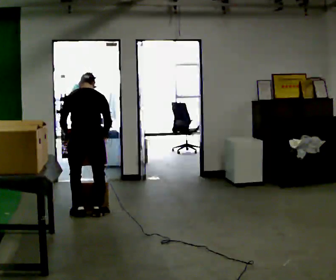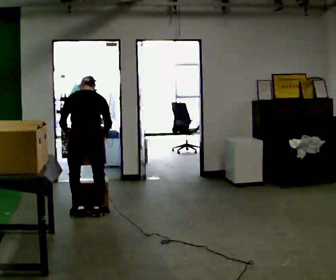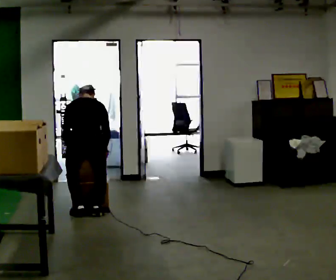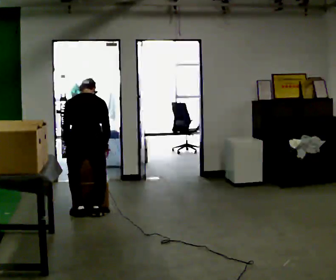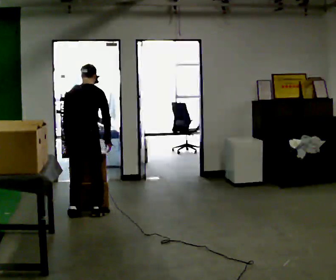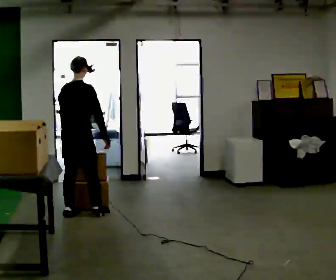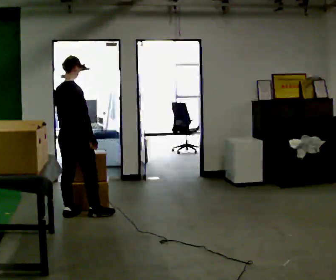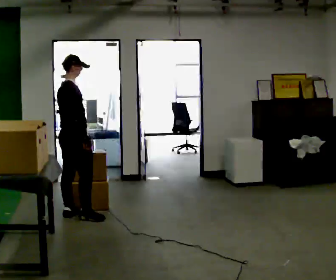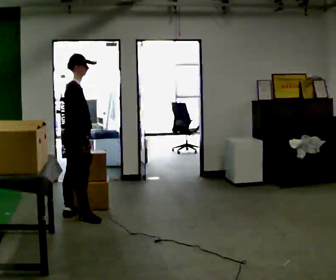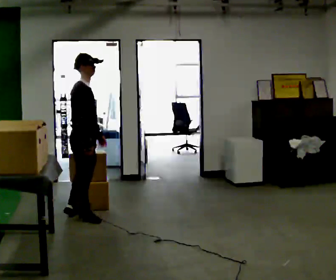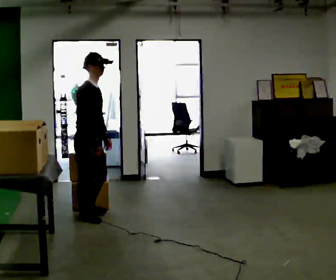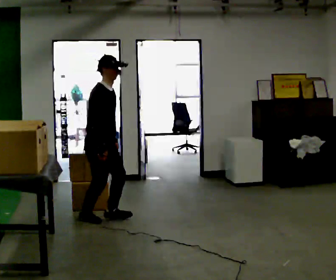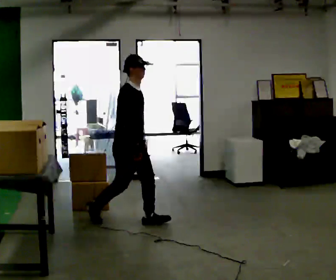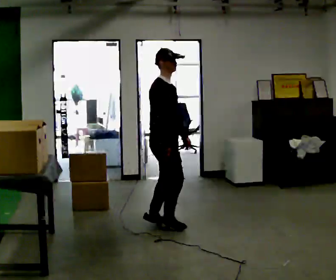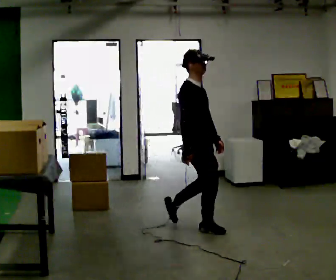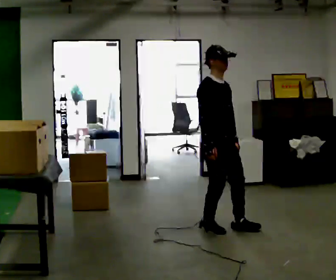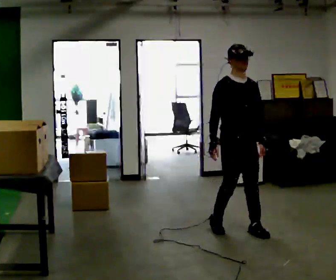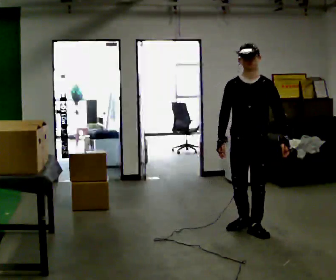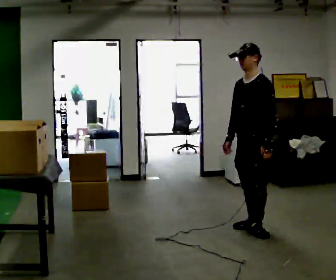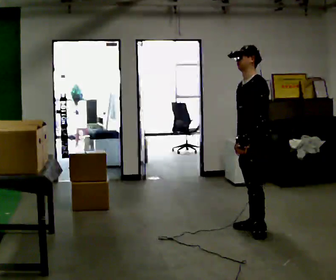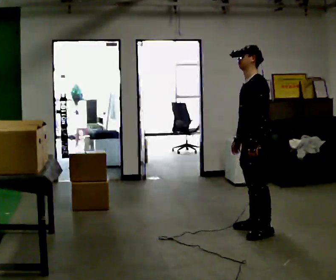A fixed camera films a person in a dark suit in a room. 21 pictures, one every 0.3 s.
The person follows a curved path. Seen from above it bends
counterclockwise.
The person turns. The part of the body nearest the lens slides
to the left.
0.0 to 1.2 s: The person moves a little, or ends about where they began.
1.2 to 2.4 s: Seen from above the body turns clockwise, about 60 degrees: to their right, with its near side sliding to the left. The upper body tips toward the camera, its near side rolling downward, as they lean back or straighten.
2.4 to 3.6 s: Seen from above the body turns clockwise, about 30 degrees: to their right, with its near side sliding to the left. In the picture they go to the right and toward the camera, about 0.5 m in 1 step, which for them is forward and to their right.
3.6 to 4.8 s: The person turns about 45 degrees to their right, clockwise seen from above, so the part of the body nearest the lens slides to the left. In the picture they go to the right and toward the camera, about 1 m in 2 steps, which for them is forward.
4.8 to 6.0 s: The person turns about 105 degrees to their right, clockwise seen from above, so the part of the body nearest the lens slides to the left. In the picture they go to the right, about 0.25 m in 2 steps.
The film runs forward here.
